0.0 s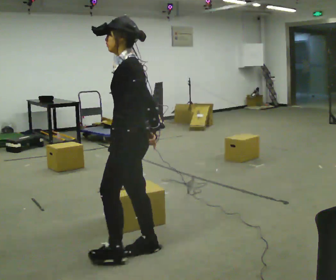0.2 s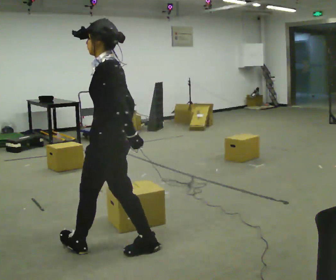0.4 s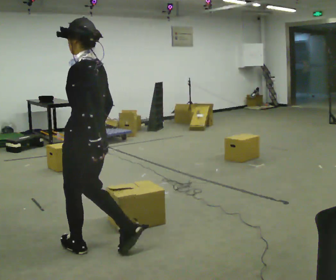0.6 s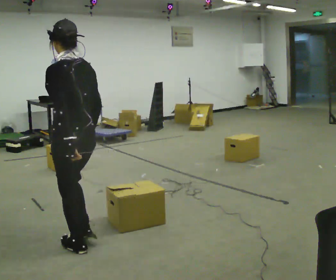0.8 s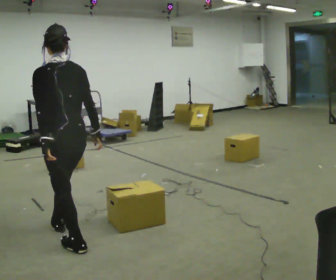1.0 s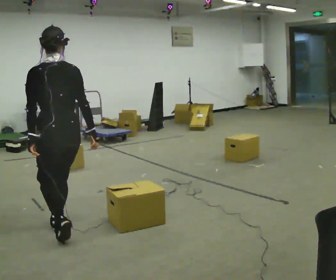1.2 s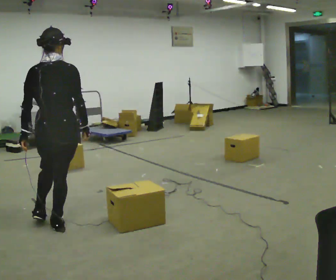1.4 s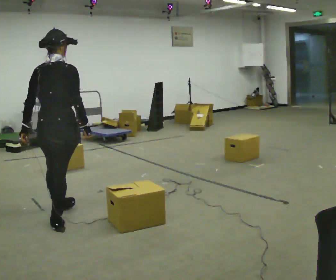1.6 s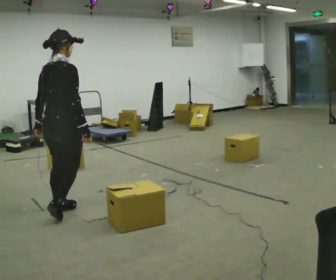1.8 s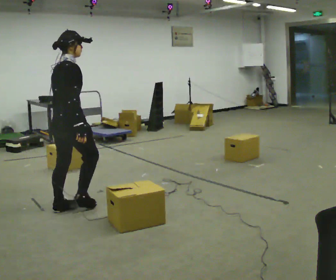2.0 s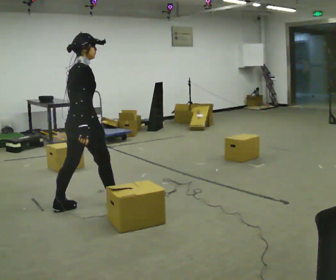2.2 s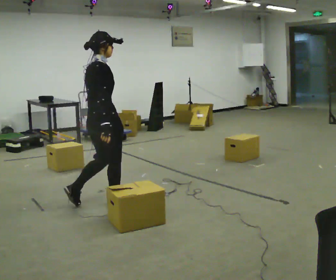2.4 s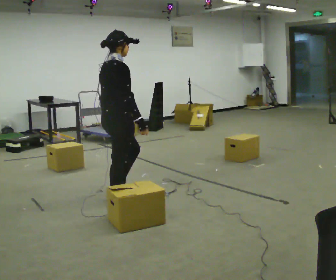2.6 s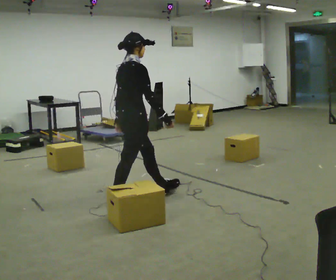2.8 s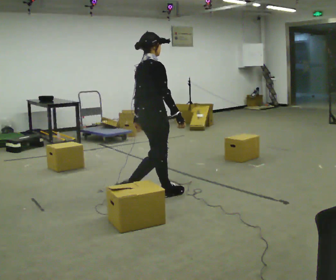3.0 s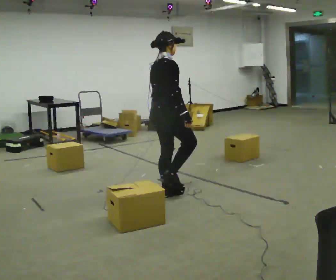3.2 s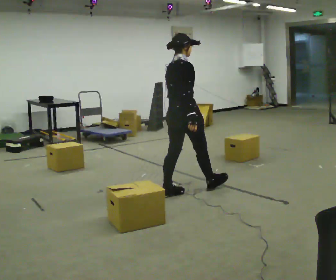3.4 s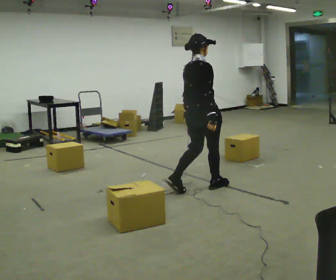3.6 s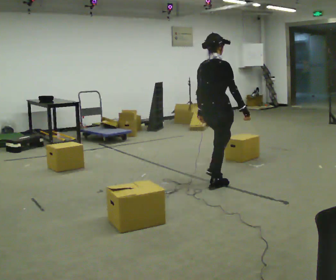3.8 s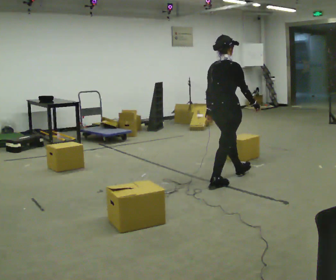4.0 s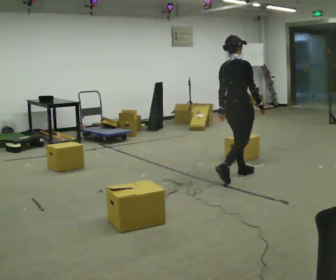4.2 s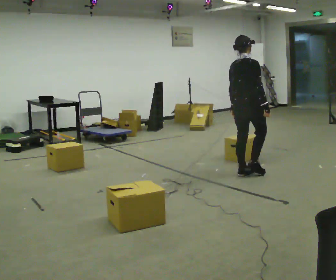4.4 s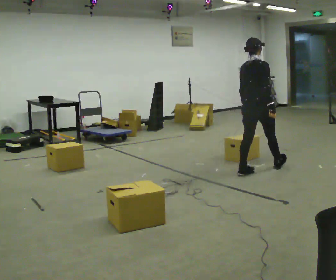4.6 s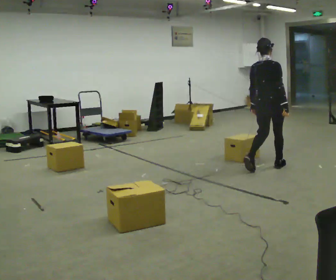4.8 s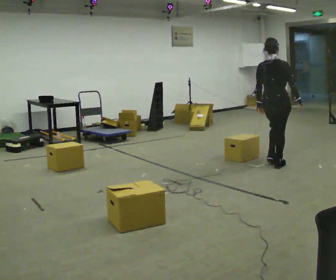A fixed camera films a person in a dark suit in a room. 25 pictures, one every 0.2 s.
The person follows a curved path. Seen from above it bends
clockwise.
0.0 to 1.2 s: The person turns about 90 degrees to their right, clockwise seen from above, so the part of the body nearest the lens slides to the left. In the picture they go to the left and away from the camera, about 0.75 m in 2 steps.
1.2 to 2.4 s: The person turns about 75 degrees to their right, clockwise seen from above, so the part of the body nearest the lens slides to the left. In the picture they go away from the camera and to the right, about 0.75 m in 2 steps.
2.4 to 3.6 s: In the picture they go to the right, about 1 m in 2 steps, which for them is forward.
3.6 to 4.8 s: In the picture they go to the right and away from the camera, about 1 m in 2 steps, which for them is forward.
The film runs forward here.
